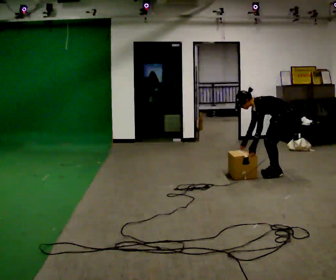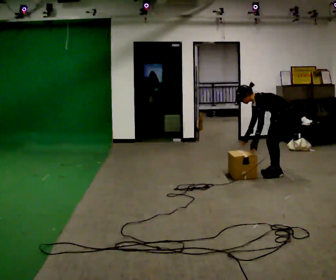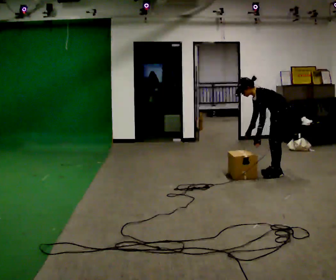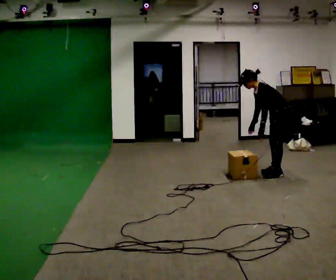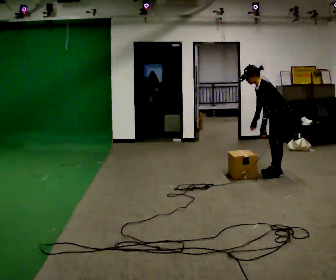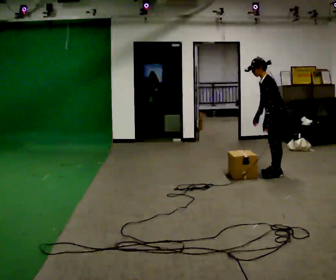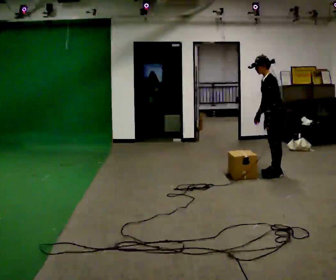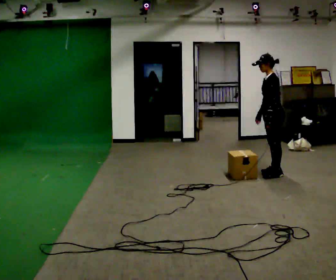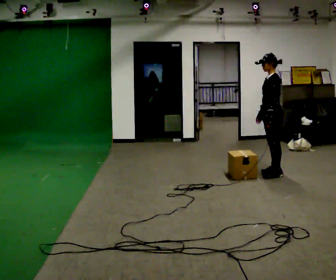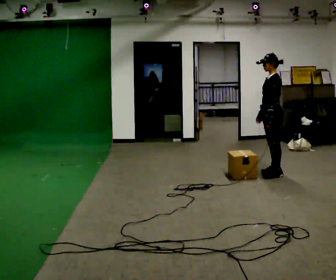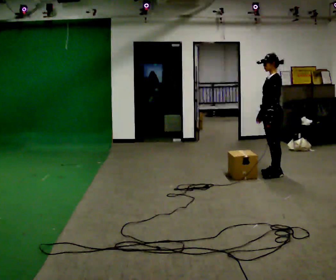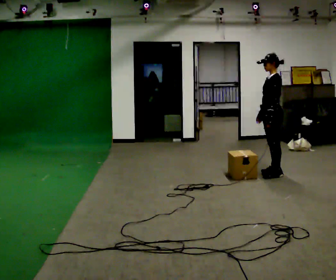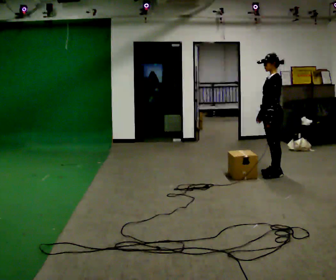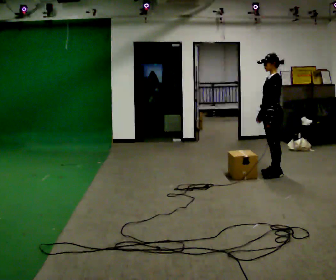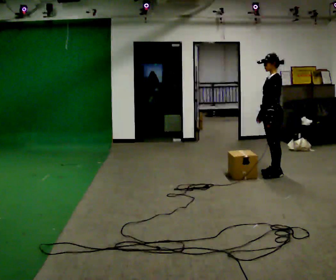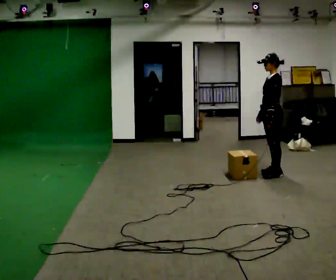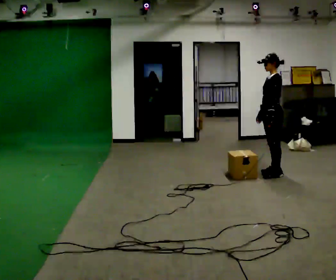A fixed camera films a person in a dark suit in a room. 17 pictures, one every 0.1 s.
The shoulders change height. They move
upward.
The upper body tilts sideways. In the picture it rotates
clockwise.
0.0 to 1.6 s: The upper body goes upward. In the picture the upper body tilts clockwise, shoulders to the right, as they lean back or straighten. In the picture their left hand goes upward.
The film runs backward here.
